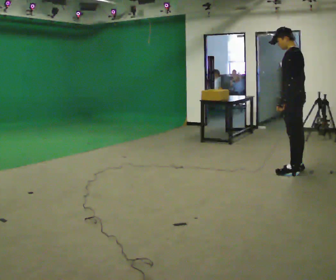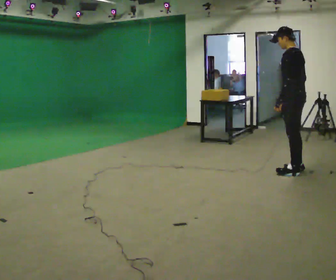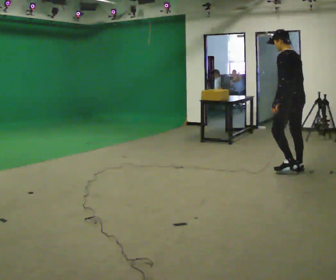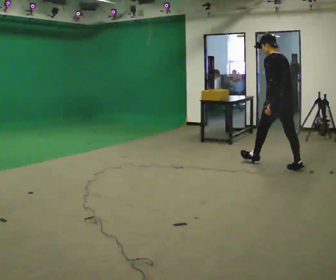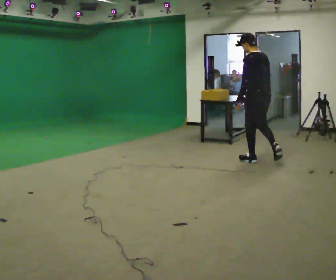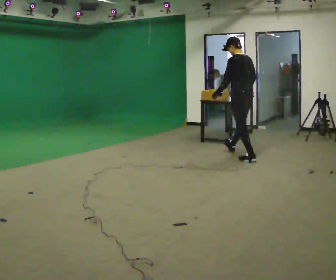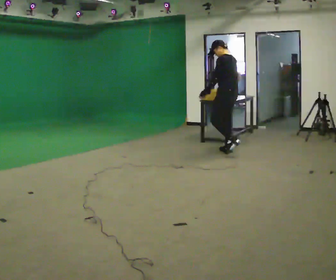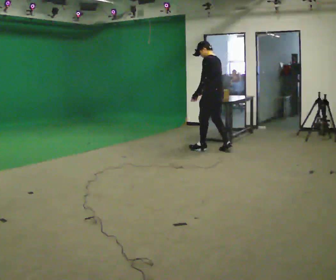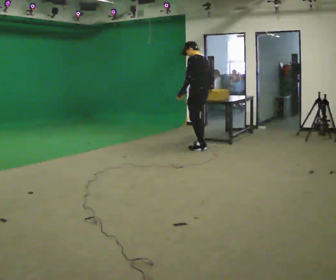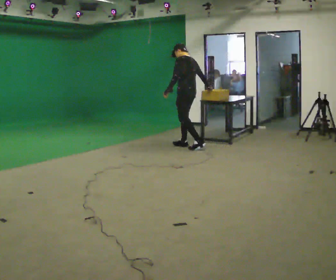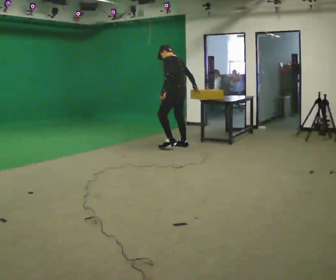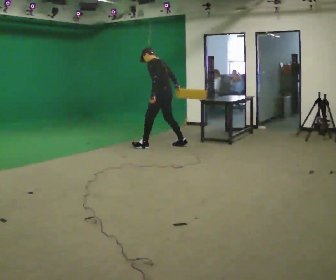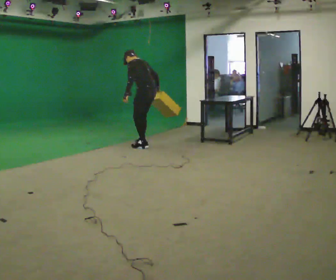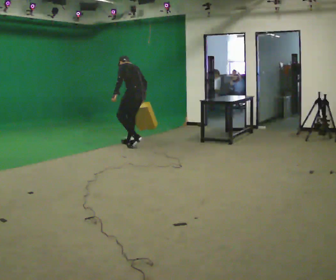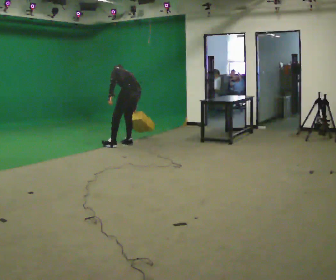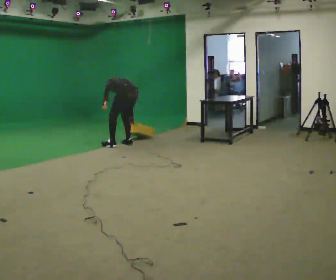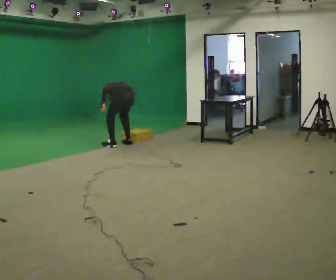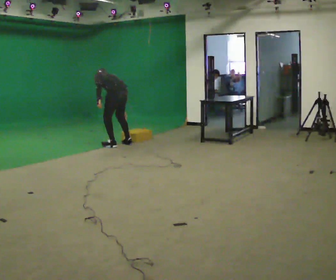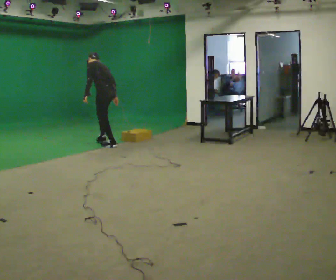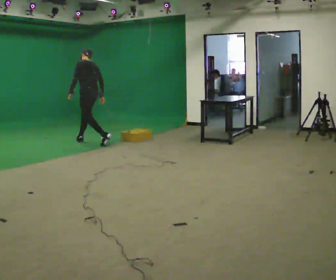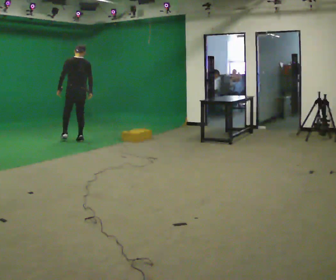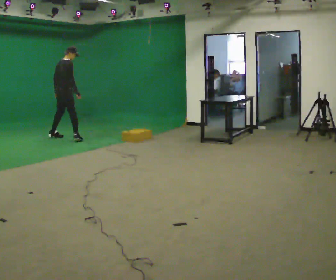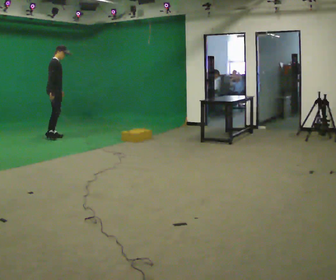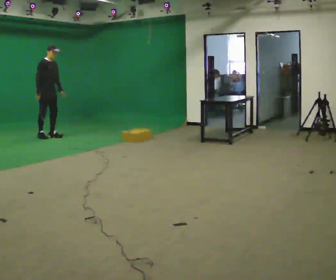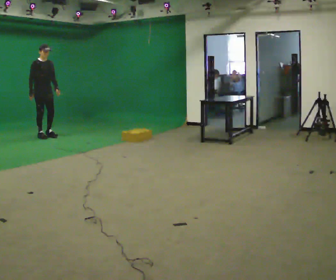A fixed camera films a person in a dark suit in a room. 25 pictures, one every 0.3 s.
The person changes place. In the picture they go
to the left.
0.0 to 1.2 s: In the picture they go away from the camera and to the left, about 0.75 m in 1 step, which for them is forward.
1.2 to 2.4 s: In the picture they go away from the camera and to the left, about 1 m in 2 steps, which for them is forward.
2.4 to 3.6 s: In the picture they go to the left, about 1 m in 2 steps, which for them is forward. In the picture the upper body tilts counterclockwise, shoulders to the left, as they bend forward.
3.6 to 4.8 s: In the picture they go to the left, about 0.25 m in 2 steps, which for them is forward and to their left. The upper body goes downward. The upper body tips away from the camera, its near side rolling upward, as they bend forward. In the picture their right hand goes downward.
4.8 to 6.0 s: Seen from above the body turns clockwise, about 30 degrees: to their right, with its near side sliding to the left. In the picture they go to the left, about 1 m in 1 step, which for them is forward. The upper body goes upward. In the picture the upper body tilts clockwise, shoulders to the right, as they lean back or straighten.
6.0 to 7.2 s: The person turns about 150 degrees to their right, clockwise seen from above, so the part of the body nearest the lens slides to the left. In the picture they go to the left, about 1 m in 2 steps. The upper body tips toward the camera, its near side rolling downward.
The film runs forward here.
